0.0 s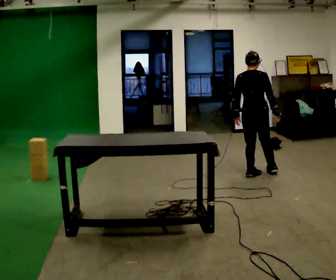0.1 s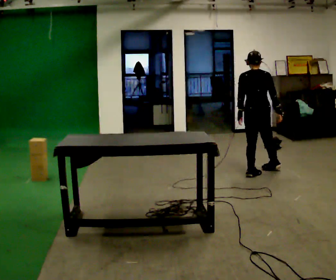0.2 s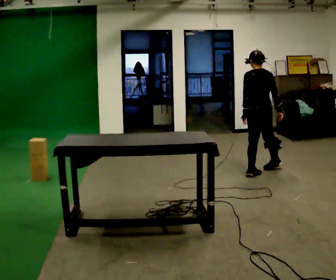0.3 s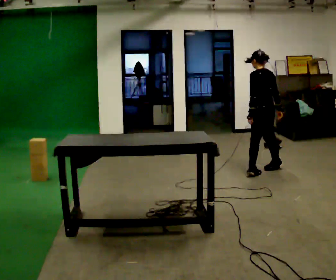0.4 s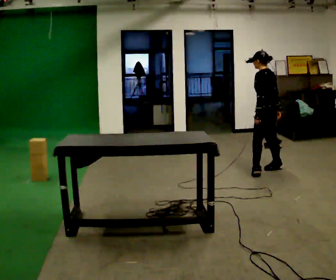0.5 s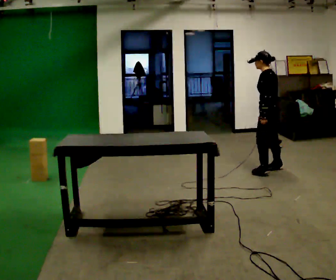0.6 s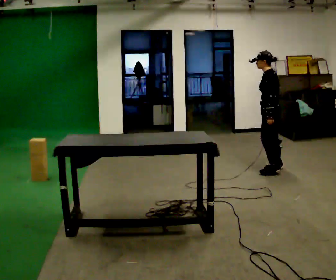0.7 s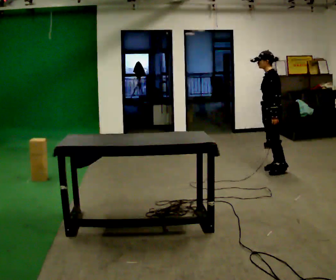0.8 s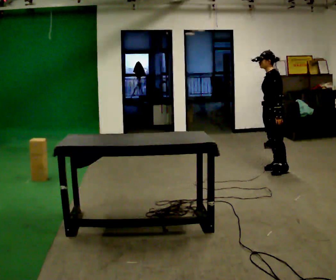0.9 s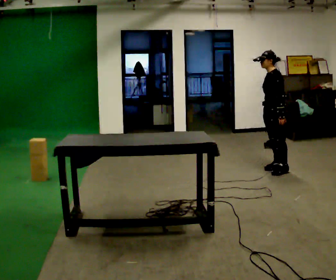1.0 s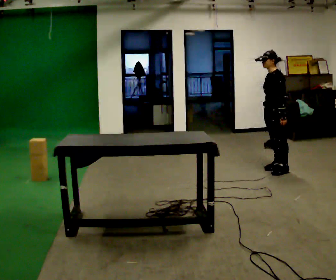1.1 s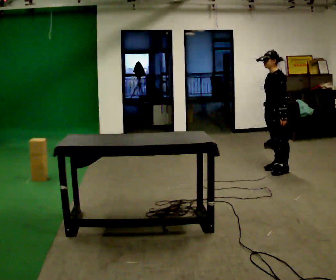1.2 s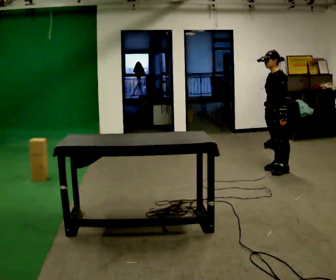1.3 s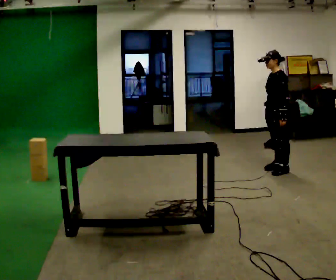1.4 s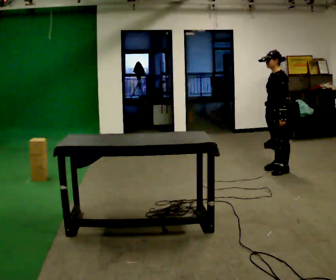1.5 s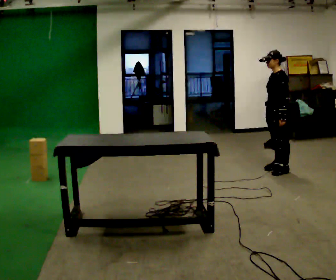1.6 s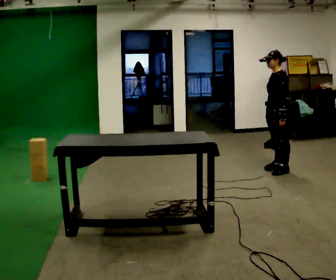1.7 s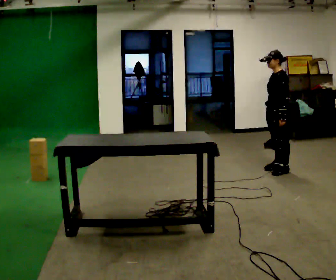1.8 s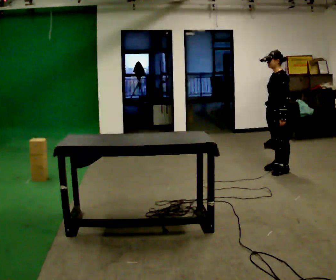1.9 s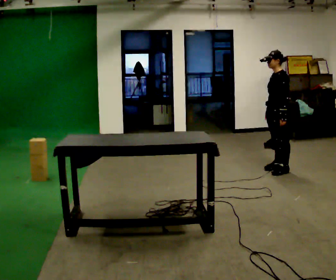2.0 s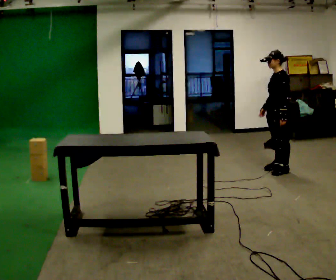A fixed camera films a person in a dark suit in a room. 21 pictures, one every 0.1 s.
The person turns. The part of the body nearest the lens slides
to the right.
Their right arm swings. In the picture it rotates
clockwise.
0.0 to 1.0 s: The person turns about 120 degrees to their left, counterclockwise seen from above, so the part of the body nearest the lens slides to the right. In the picture they go to the right and away from the camera, about 0.25 m in 2 steps.
1.0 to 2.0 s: The person moves a little, or ends about where they began.
The film runs forward here.
